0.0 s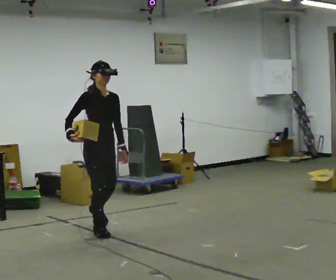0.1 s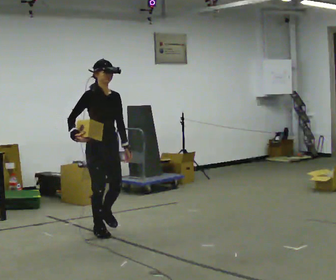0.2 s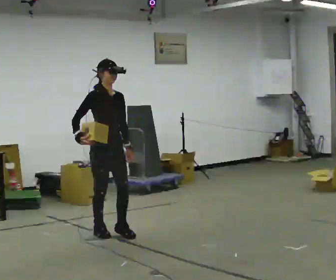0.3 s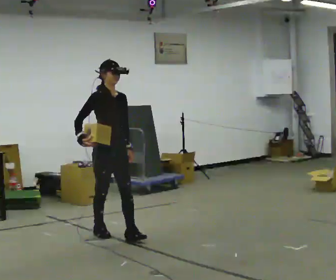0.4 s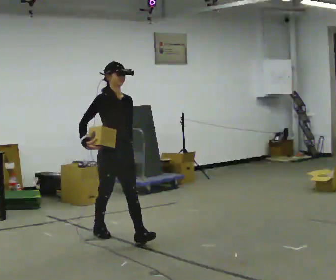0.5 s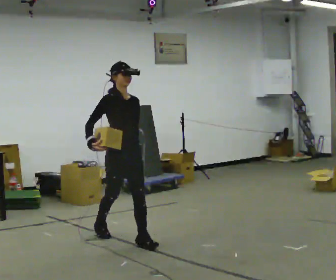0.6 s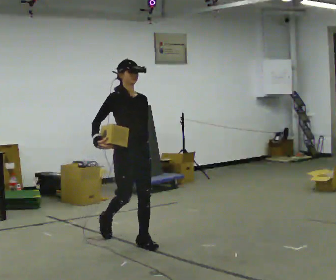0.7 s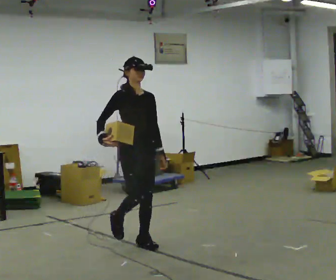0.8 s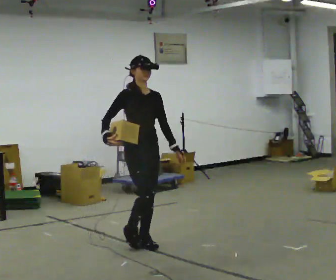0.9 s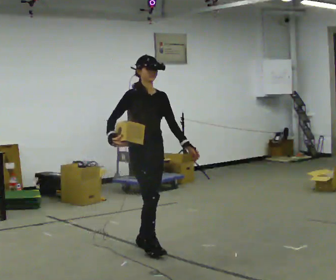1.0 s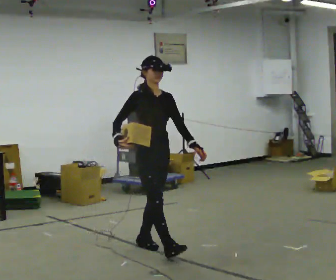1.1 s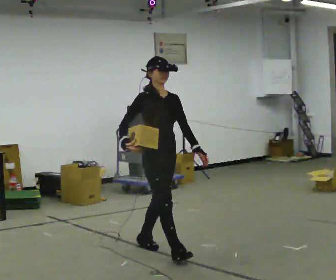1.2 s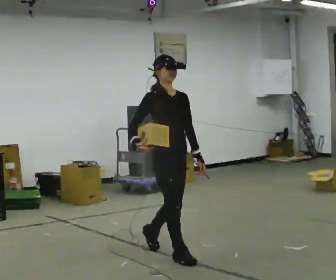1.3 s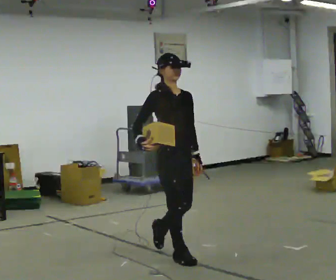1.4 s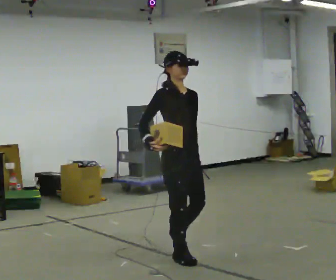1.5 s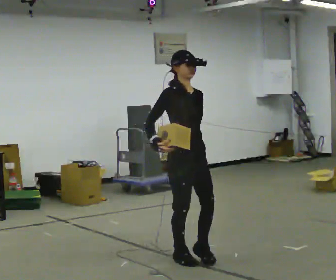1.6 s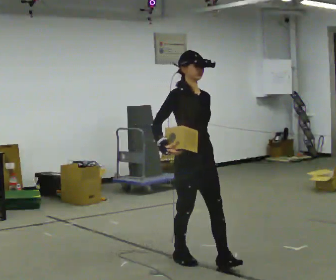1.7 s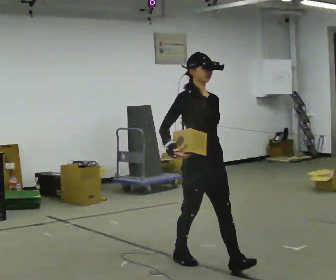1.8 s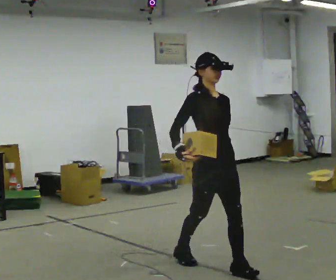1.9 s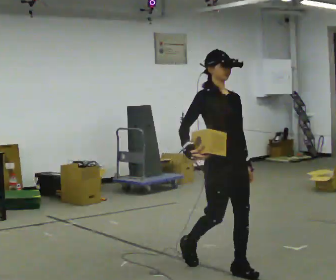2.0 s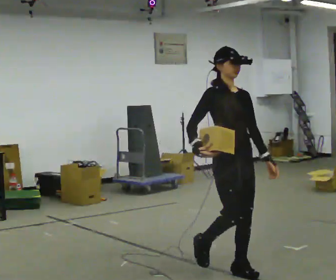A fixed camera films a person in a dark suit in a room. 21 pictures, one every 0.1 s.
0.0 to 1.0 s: In the picture they go toward the camera and to the right, about 1 m in 1 step, which for them is forward.
1.0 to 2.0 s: In the picture they go toward the camera and to the right, about 1 m in 2 steps, which for them is forward.
The film runs forward here.
